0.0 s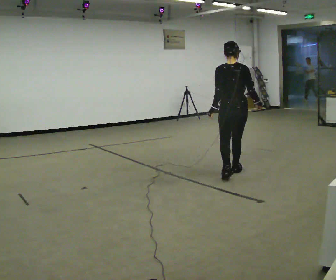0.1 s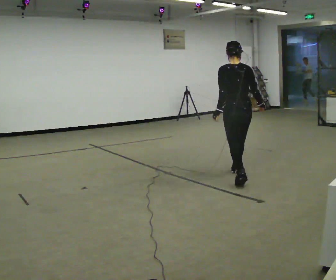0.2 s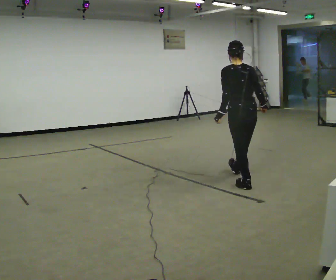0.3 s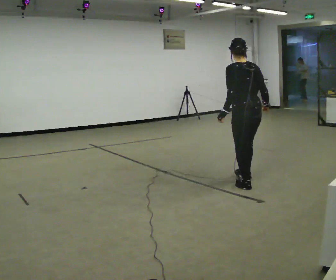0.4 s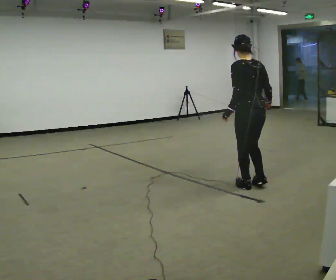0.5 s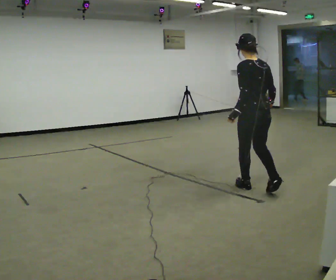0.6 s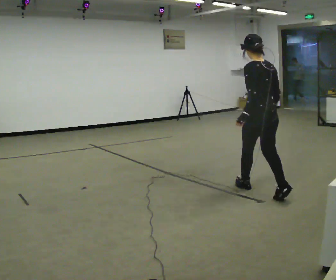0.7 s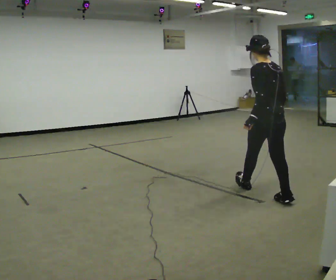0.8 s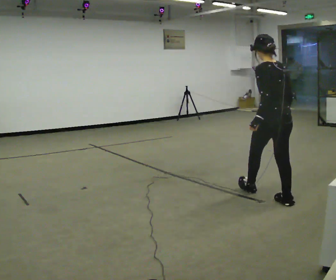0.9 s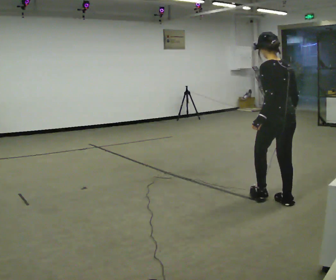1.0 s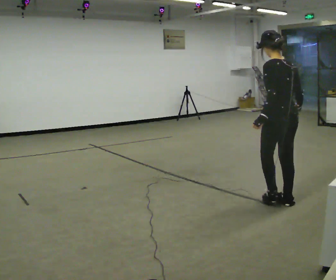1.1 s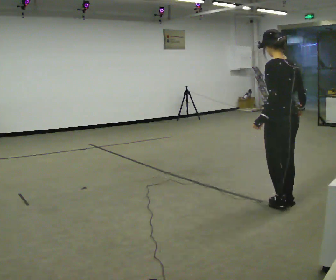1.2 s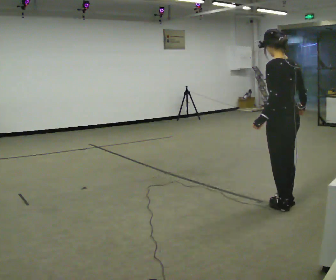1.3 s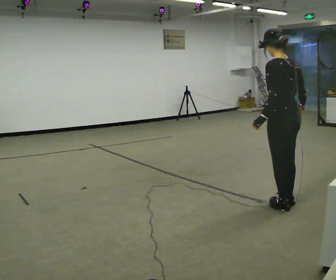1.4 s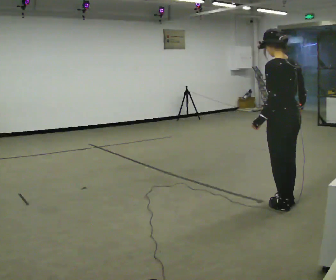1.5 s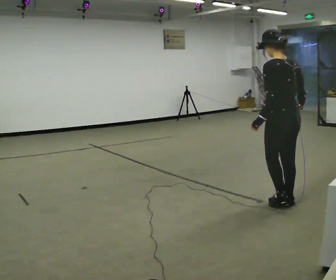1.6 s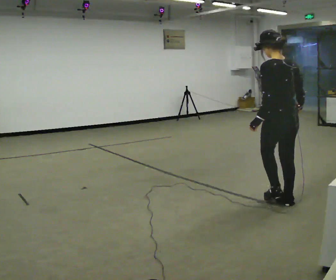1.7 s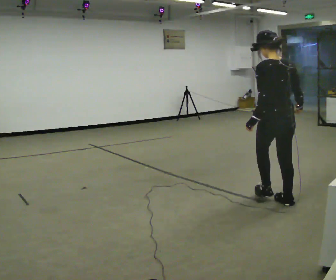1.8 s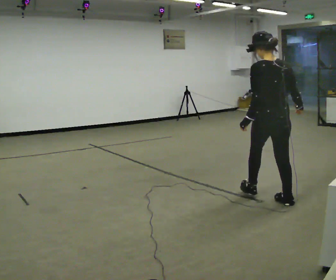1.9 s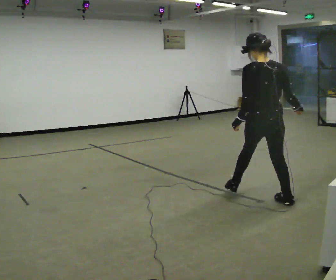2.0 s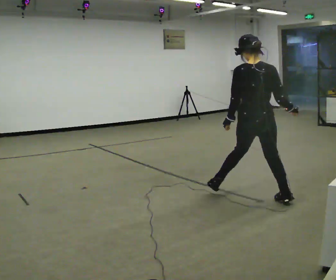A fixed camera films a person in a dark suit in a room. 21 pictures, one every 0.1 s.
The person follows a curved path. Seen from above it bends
clockwise.
The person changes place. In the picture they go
toward the camera.
0.0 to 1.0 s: In the picture they go toward the camera and to the right, about 1 m in 2 steps, which for them is backward.
1.0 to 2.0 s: The part of the body nearest the lens slides to the left as the person turns to their right by about 60 degrees. In the picture they go to the left, about 0.25 m in 1 step, which for them is to their left and forward.
The film runs forward here.
